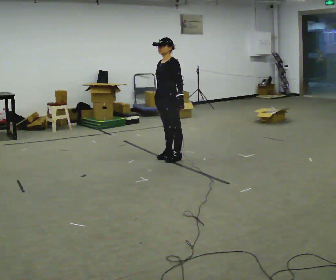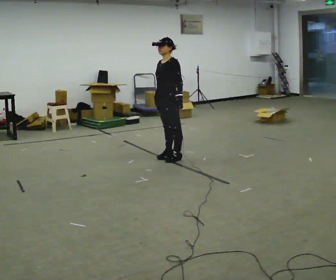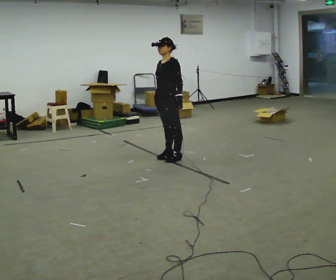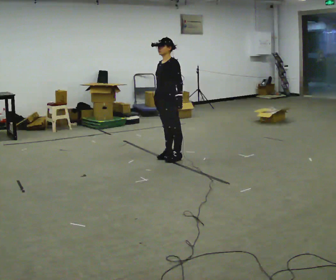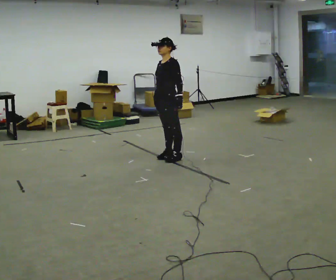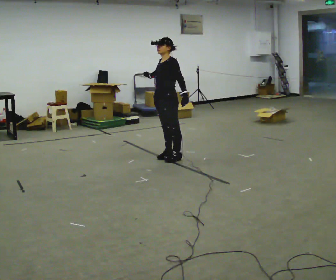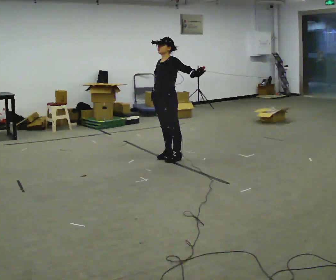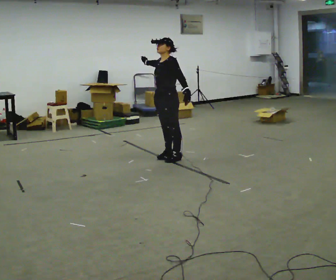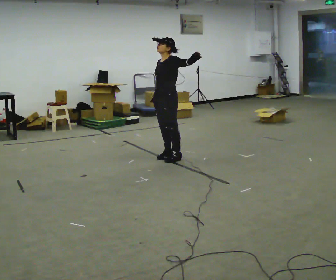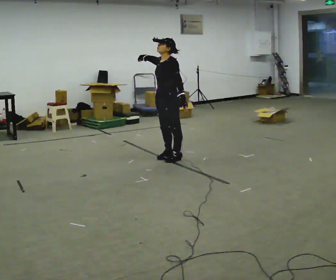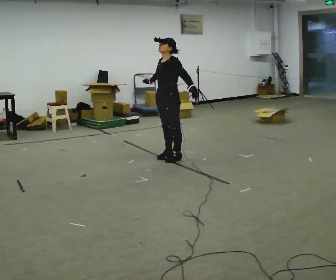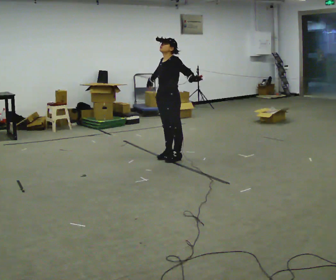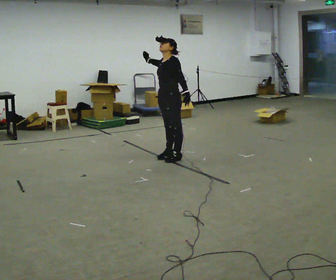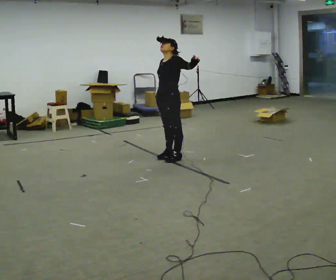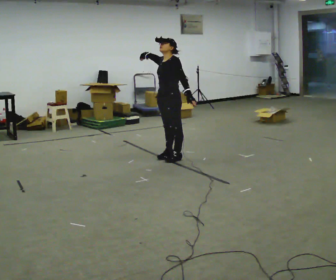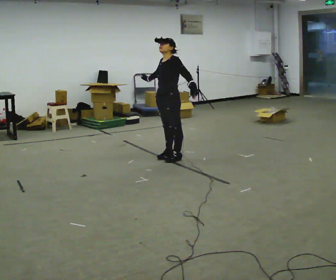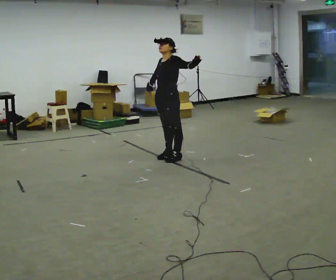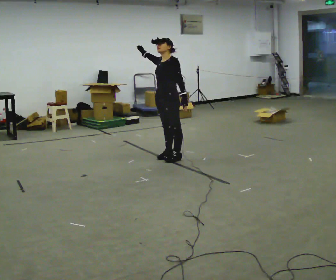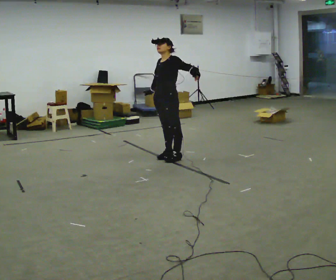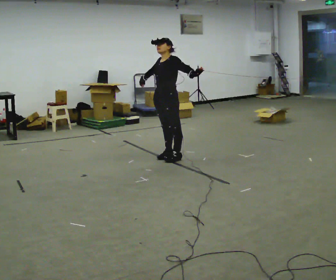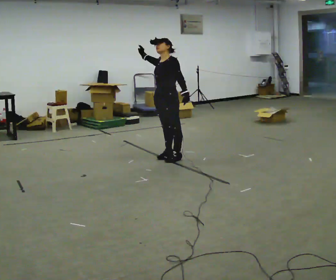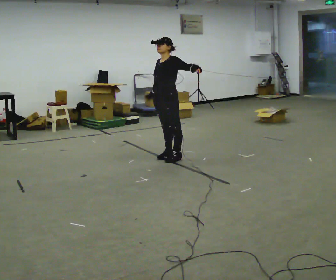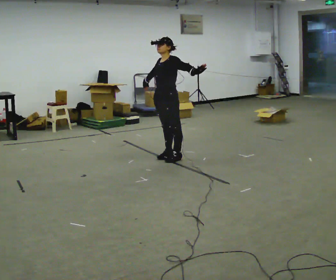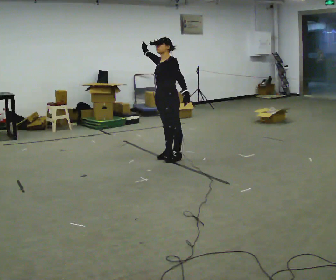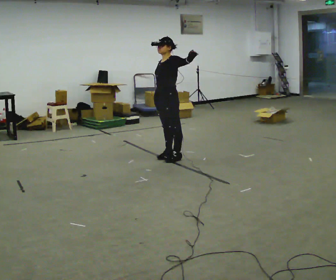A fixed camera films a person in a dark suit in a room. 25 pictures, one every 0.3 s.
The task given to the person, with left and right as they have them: Move however you like, changing style and tempo as you go; keep moving continuously.
0.0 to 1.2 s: The person moves a little, or ends about where they began.
1.2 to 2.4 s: In the picture their left hand goes upward.
2.4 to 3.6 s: In the picture their right hand goes upward.
3.6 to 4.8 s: In the picture their left hand goes upward.
4.8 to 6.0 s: In the picture their left hand goes downward.
6.0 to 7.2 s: In the picture their right hand goes downward.
The film runs forward here.
